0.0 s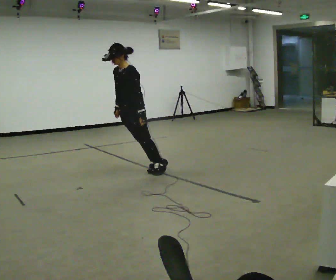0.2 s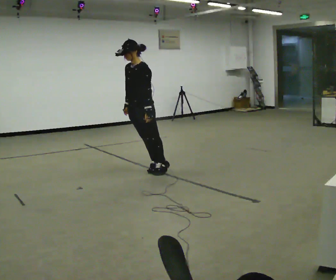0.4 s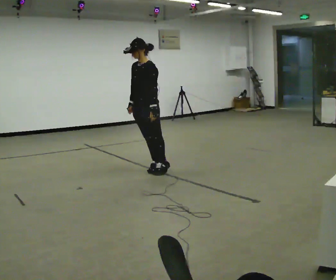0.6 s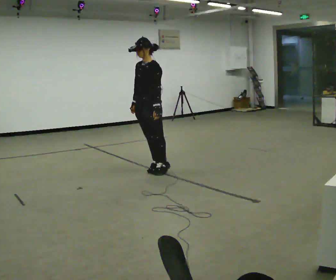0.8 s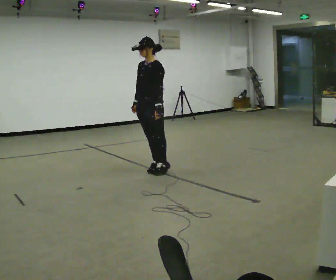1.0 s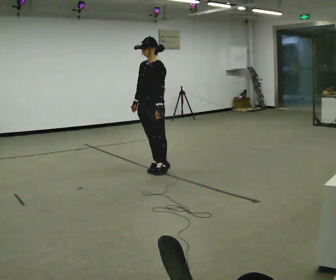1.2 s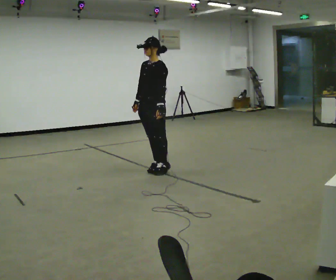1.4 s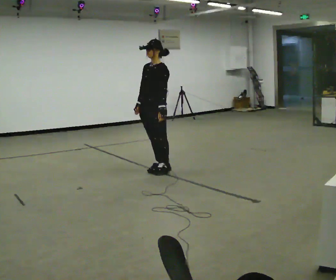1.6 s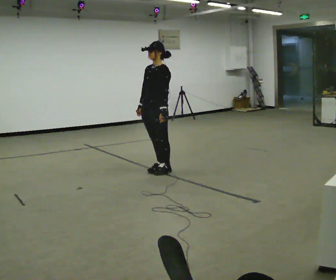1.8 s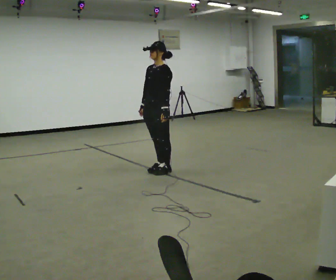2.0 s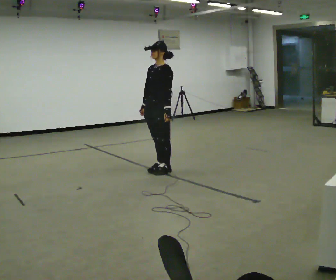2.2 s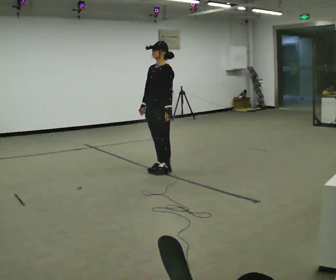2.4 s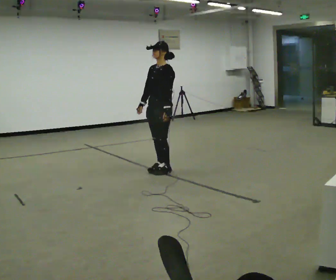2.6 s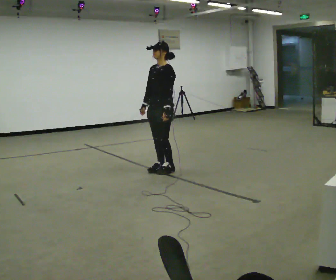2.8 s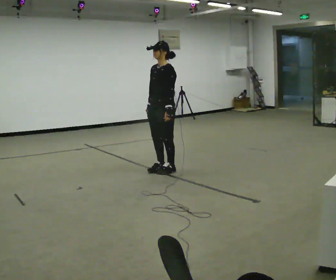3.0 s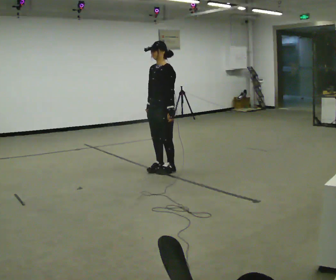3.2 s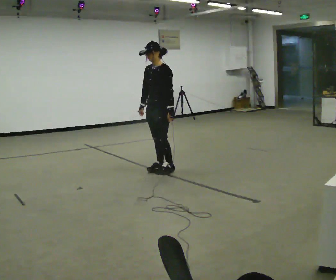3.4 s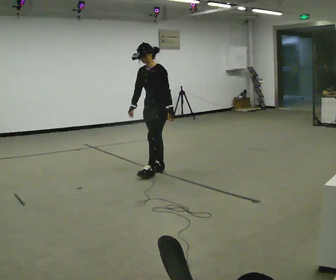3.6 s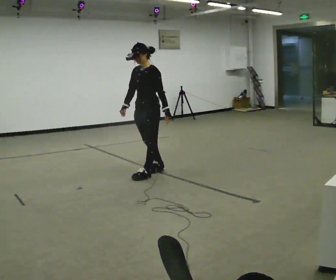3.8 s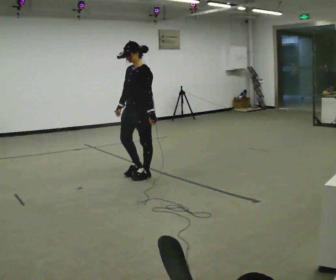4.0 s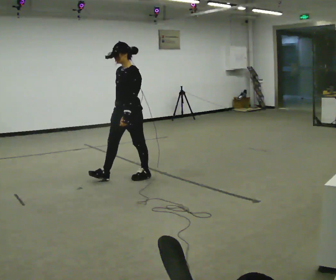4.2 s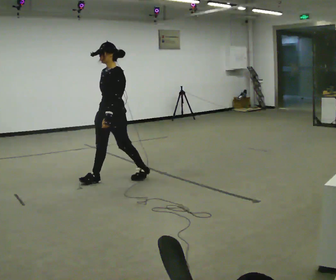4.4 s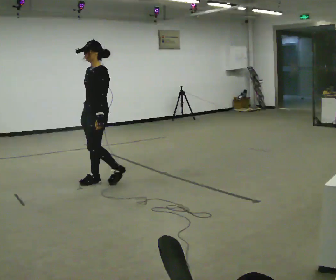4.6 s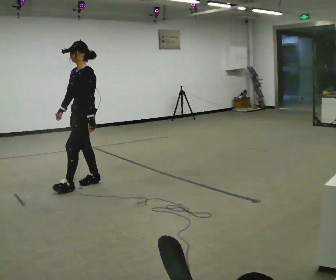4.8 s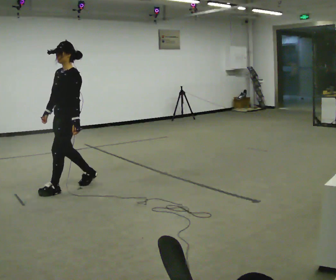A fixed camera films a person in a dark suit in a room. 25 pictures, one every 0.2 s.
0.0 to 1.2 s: In the picture they go to the right, about 0.25 m, which for them is backward. In the picture the upper body tilts clockwise, shoulders to the right, as they lean back or straighten.
1.2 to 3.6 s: The person moves a little, or ends about where they began.
3.6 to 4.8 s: In the picture they go to the left and toward the camera, about 1 m in 2 steps, which for them is forward.
The film runs backward here.
